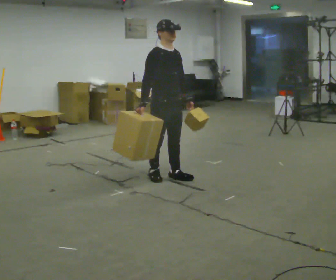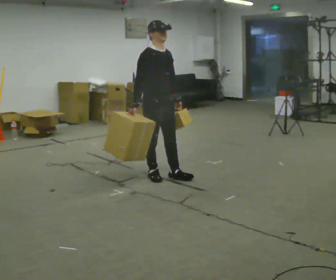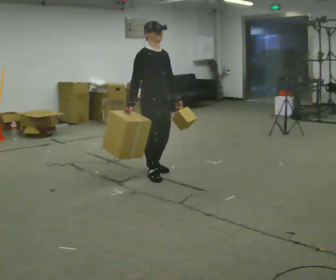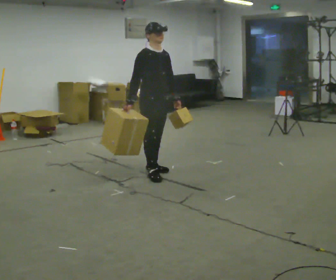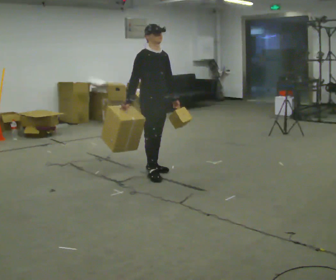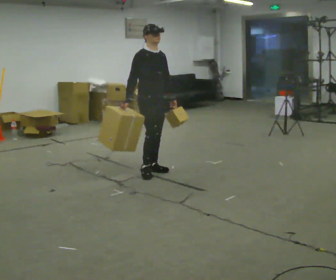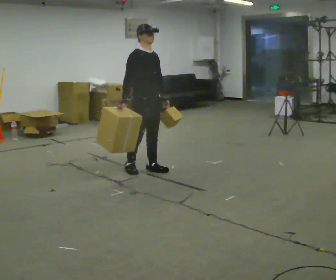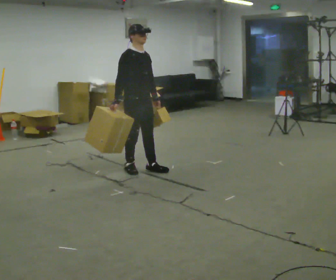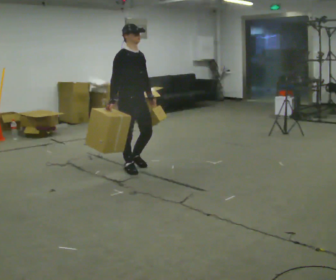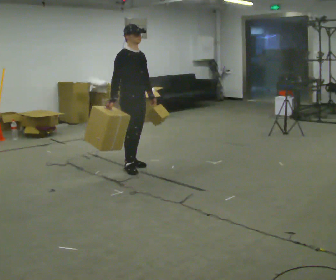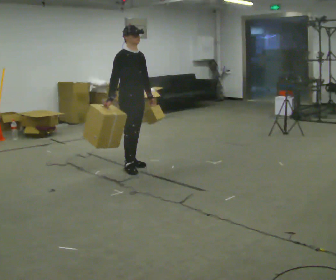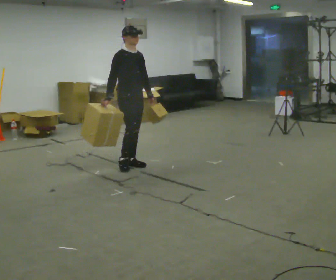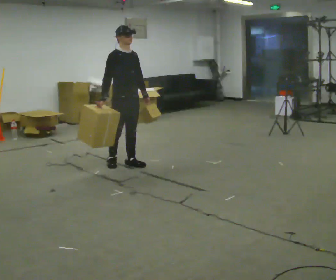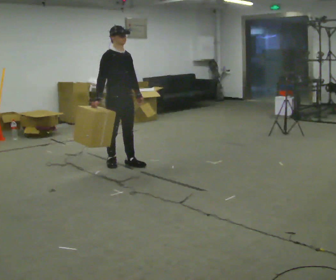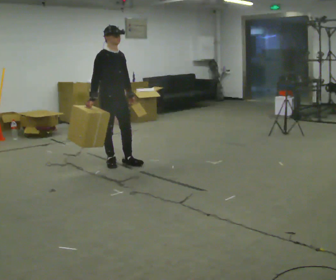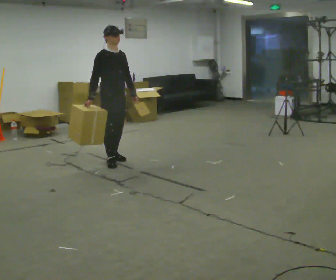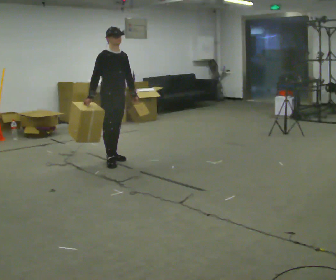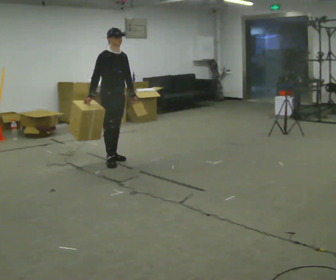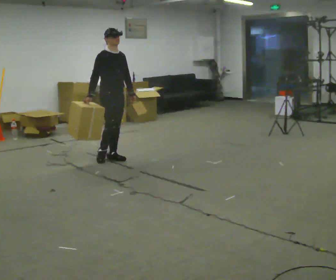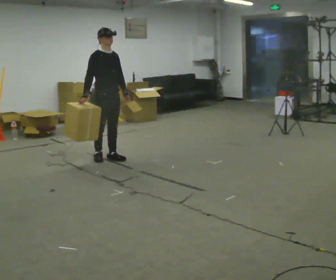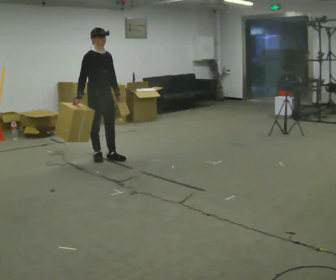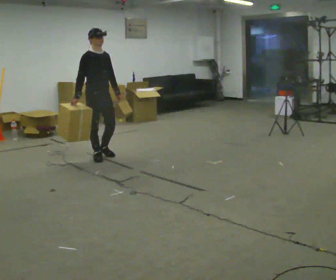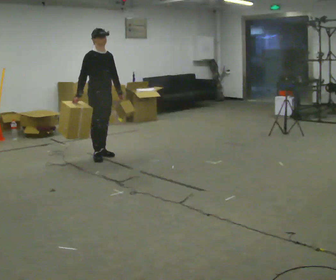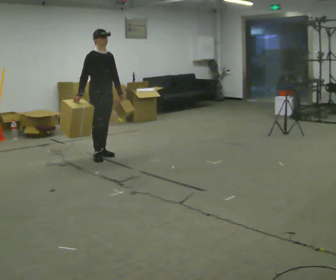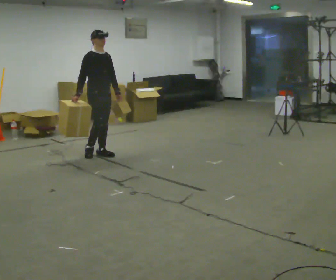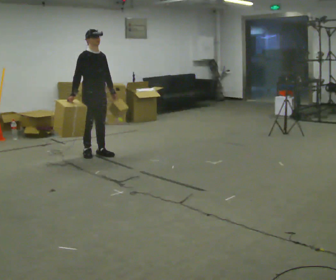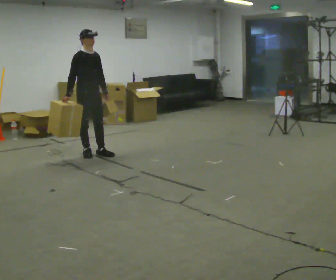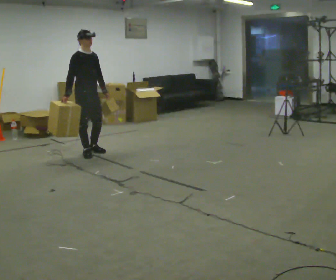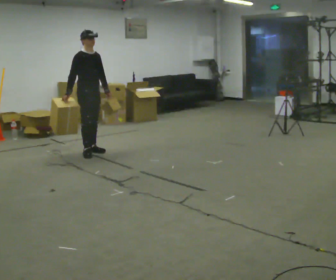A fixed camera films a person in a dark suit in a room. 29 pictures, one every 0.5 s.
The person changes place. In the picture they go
away from the camera.
0.0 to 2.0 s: In the picture they go away from the camera, about 0.25 m in 1 step, which for them is backward.
2.0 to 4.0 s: In the picture they go to the left, about 0.25 m in 2 steps, which for them is backward and to their right.
4.0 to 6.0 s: In the picture they go away from the camera, about 0.25 m in 1 step, which for them is backward.
6.0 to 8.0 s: In the picture they go away from the camera, about 0.25 m in 1 step, which for them is backward.
8.0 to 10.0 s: In the picture they go to the left, about 0.25 m in 1 step, which for them is backward.
10.0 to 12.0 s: In the picture they go away from the camera, about 0.25 m in 2 steps, which for them is backward.
12.0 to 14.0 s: In the picture they go away from the camera, about 0.25 m in 1 step, which for them is backward.
The film runs backward here.
